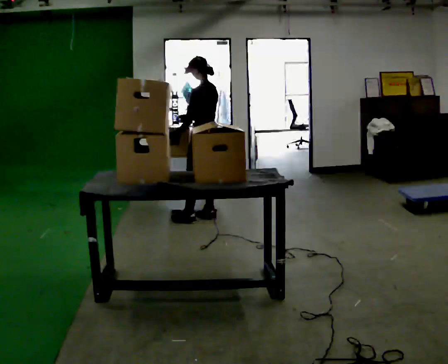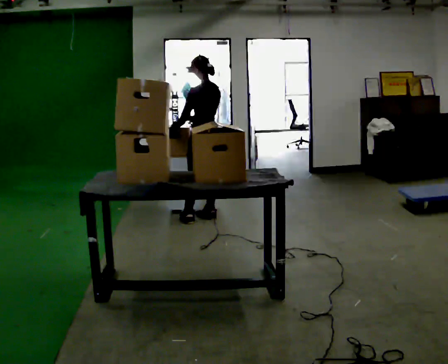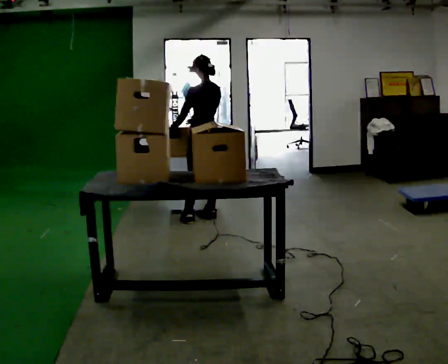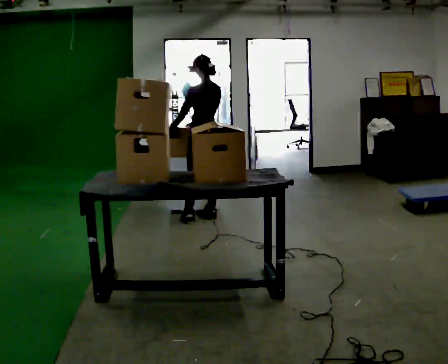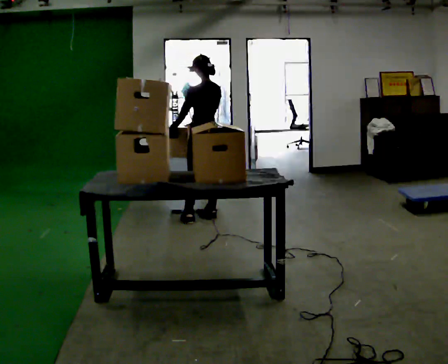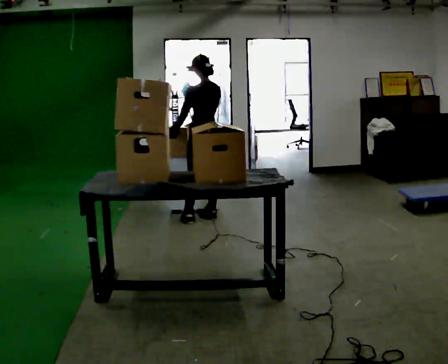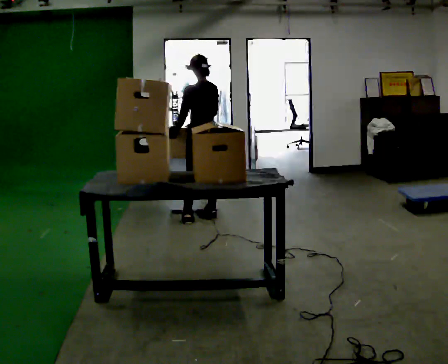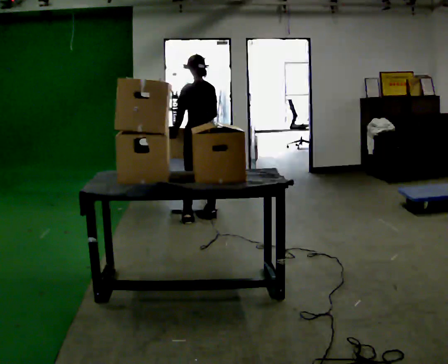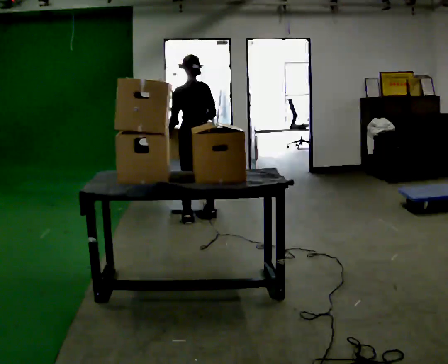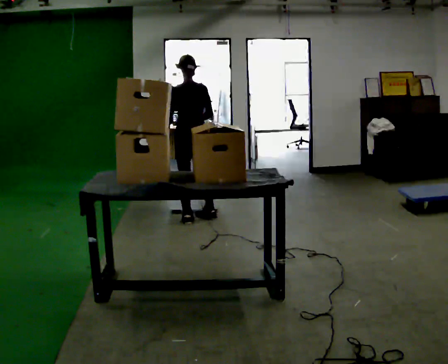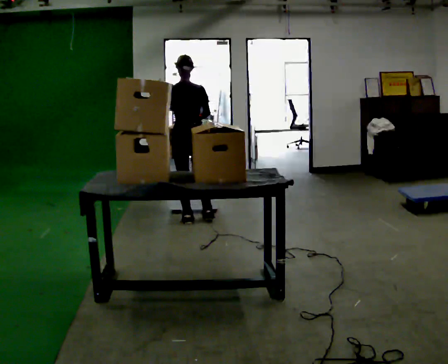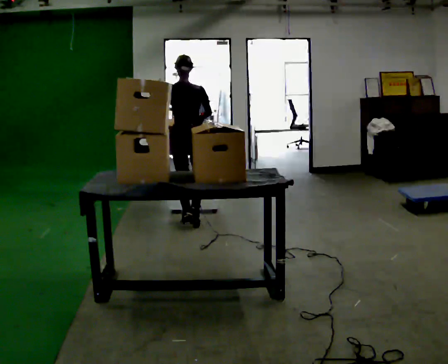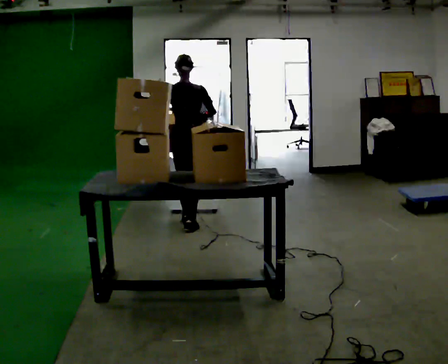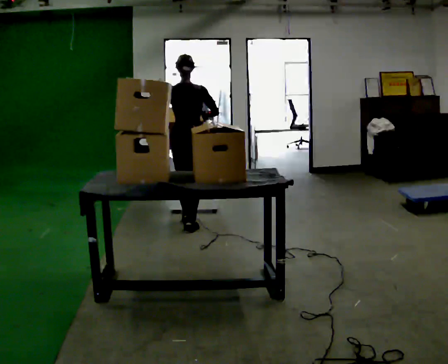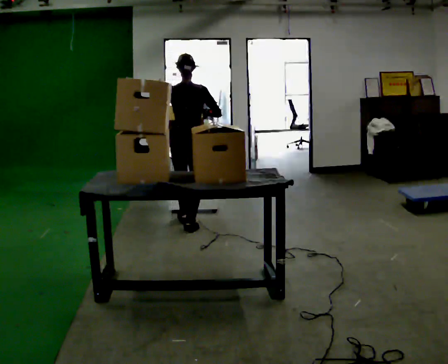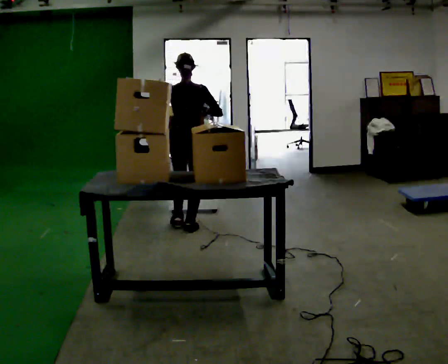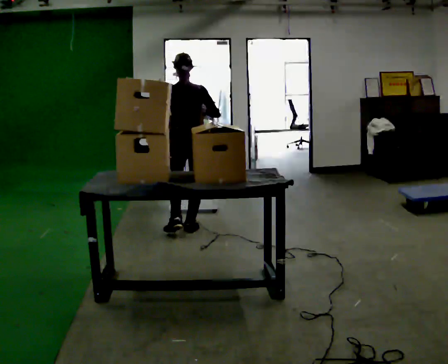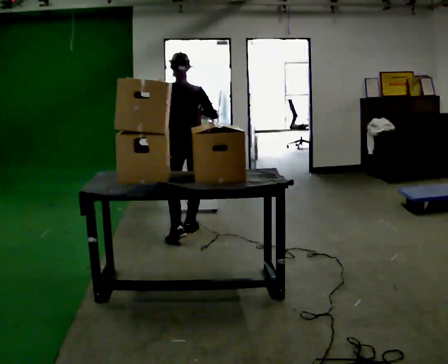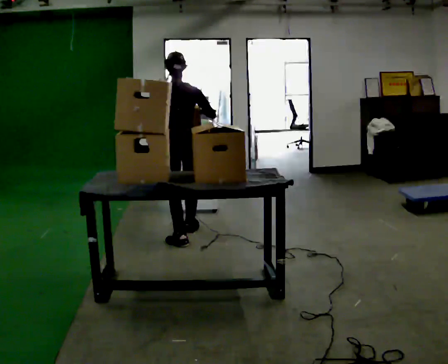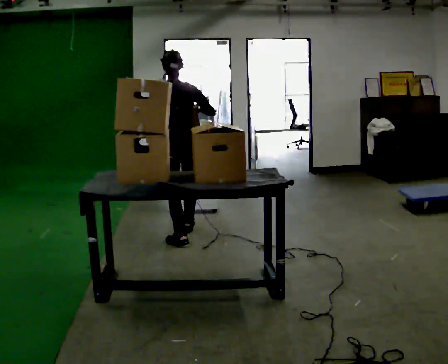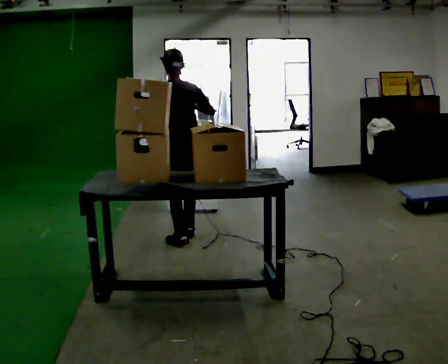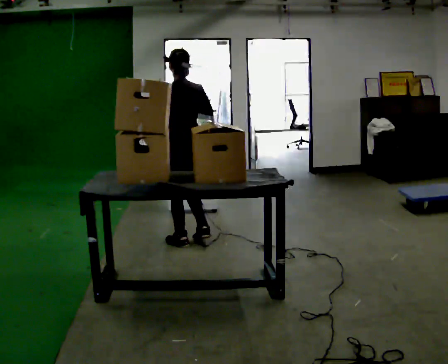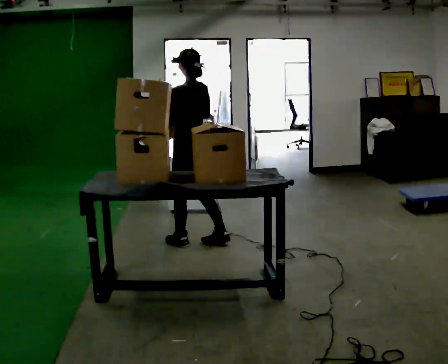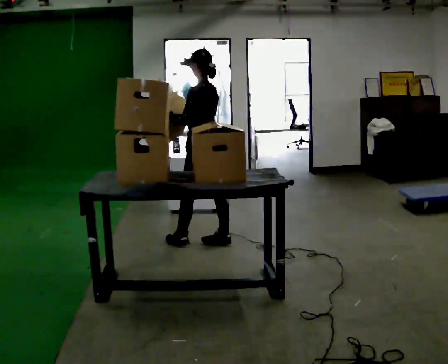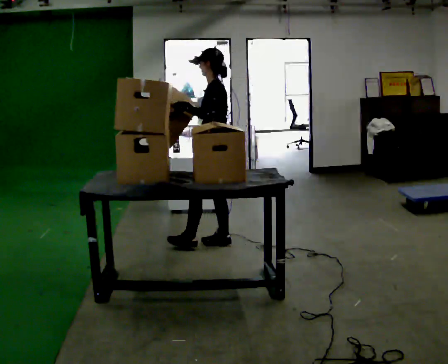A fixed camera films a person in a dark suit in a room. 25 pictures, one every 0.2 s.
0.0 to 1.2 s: Seen from above the body turns clockwise, about 30 degrees: to their right, with its near side sliding to the left.
1.2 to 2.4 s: The part of the body nearest the lens slides to the left as the person turns to their right by about 45 degrees. In the picture they go to the left and toward the camera, about 0.25 m in 1 step, which for them is to their left and backward.
2.4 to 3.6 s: In the picture they go toward the camera, about 0.5 m in 1 step, which for them is backward.
3.6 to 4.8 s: The part of the body nearest the lens slides to the right as the person turns to their left by about 60 degrees. In the picture they go to the right and toward the camera, about 0.25 m in 2 steps.
The film runs backward here.
